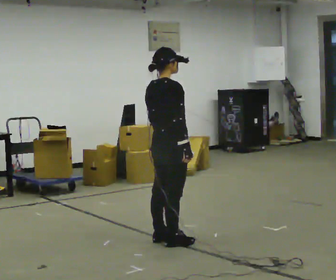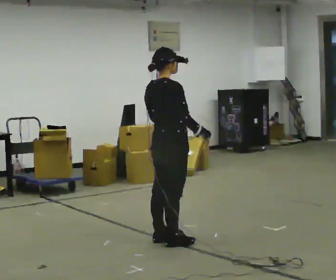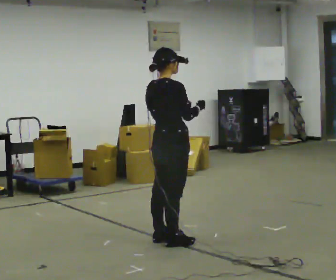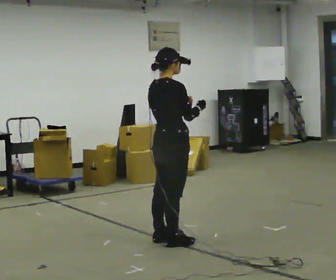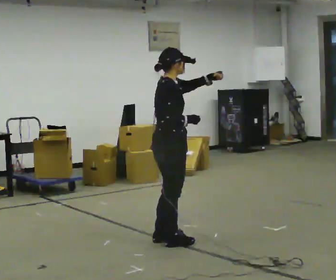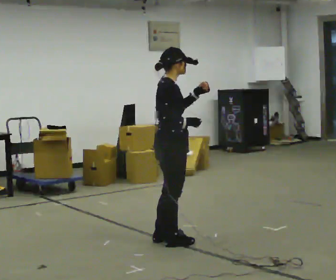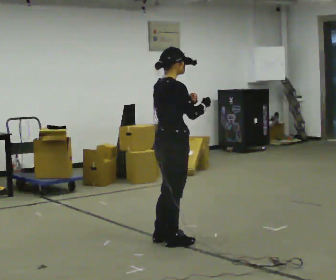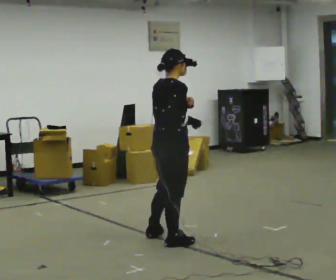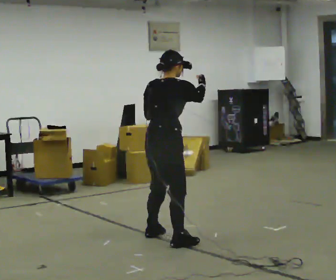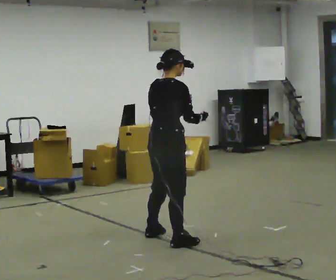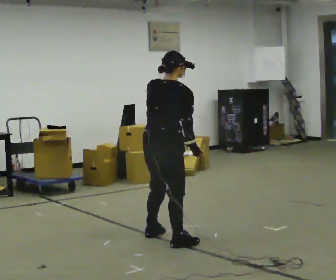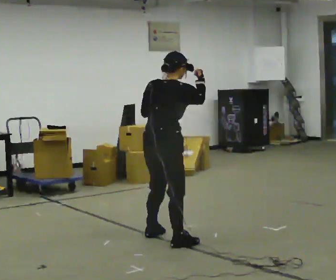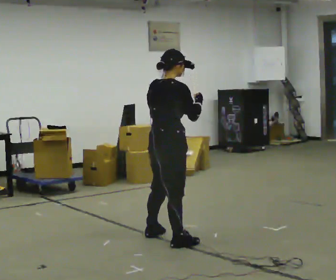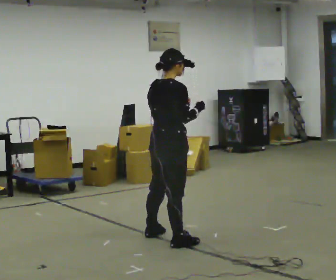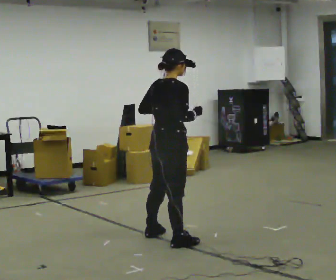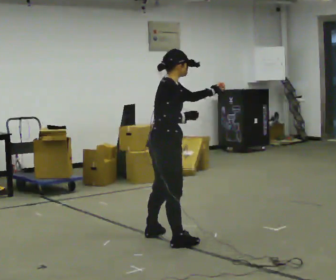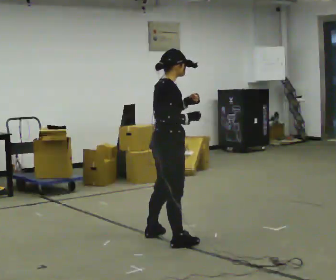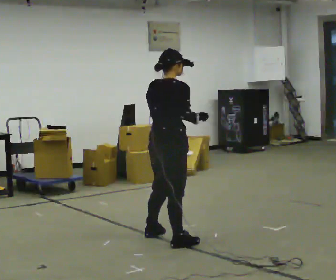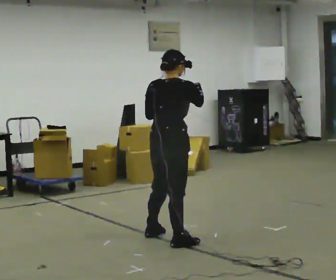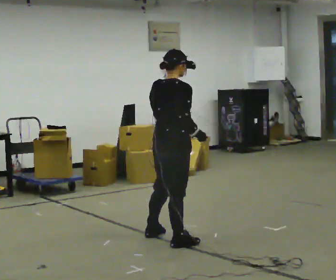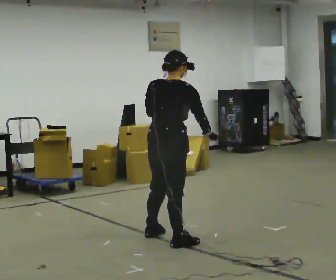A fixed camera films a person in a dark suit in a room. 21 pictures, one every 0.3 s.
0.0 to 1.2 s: In the picture their left hand goes upward and to the right.
1.2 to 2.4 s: Seen from above the body turns counterclockwise, about 30 degrees: to their left, with its near side sliding to the right.
2.4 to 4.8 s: The person turns about 30 degrees to their right, clockwise seen from above, so the part of the body nearest the lens slides to the left.
4.8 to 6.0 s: The person turns about 45 degrees to their left, counterclockwise seen from above, so the part of the body nearest the lens slides to the right.
The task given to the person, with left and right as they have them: Mimic boxing into the air at moderate speed with both hands, moving your feet only a little. Stay controlled; do not punch at full speed.
The film runs forward here.
